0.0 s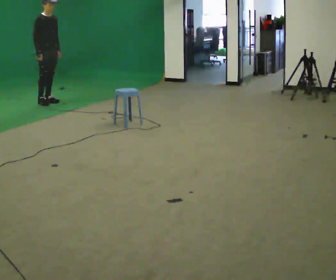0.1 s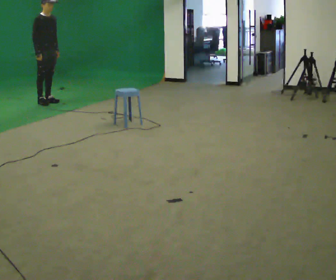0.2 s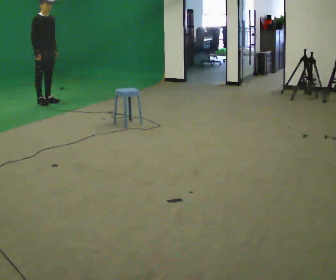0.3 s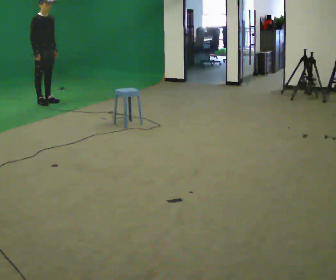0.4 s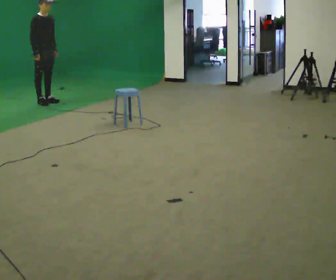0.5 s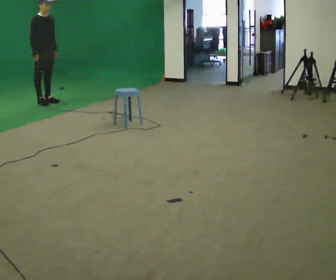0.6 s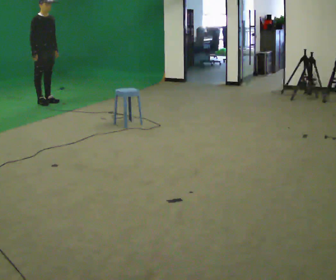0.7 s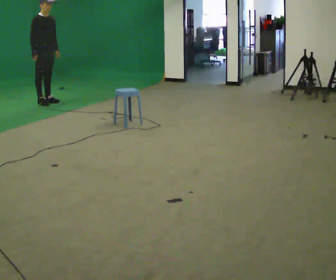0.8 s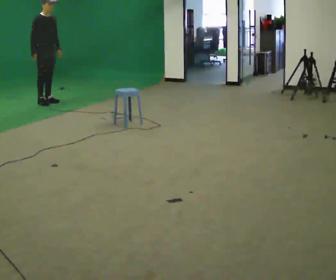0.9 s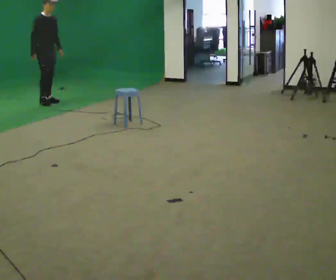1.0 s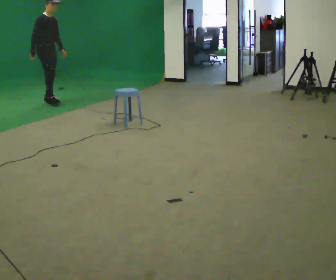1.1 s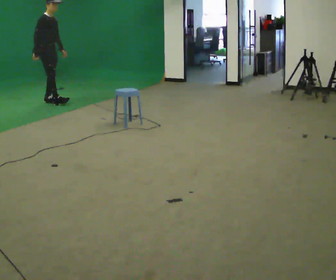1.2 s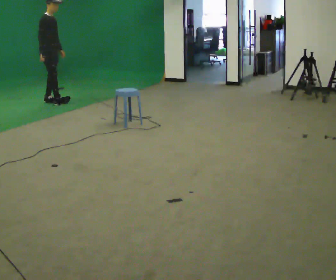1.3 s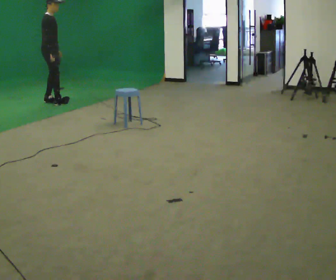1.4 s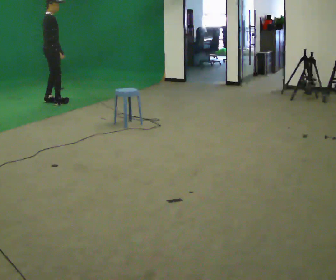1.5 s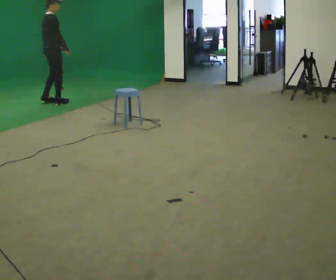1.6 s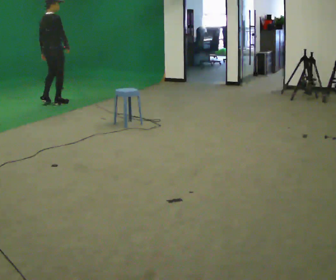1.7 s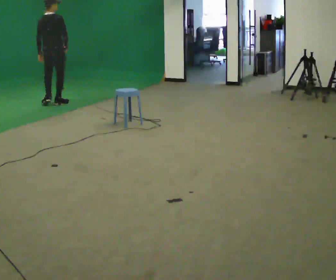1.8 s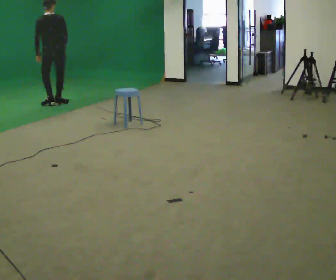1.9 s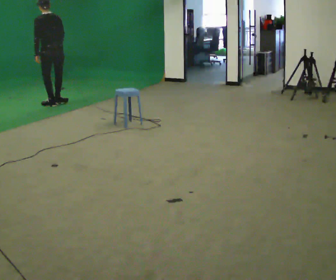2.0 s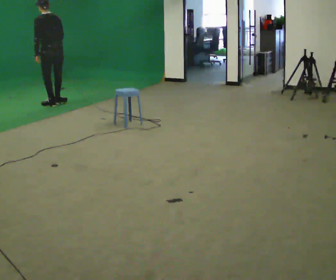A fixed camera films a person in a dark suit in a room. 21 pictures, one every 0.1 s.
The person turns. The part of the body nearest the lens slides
to the right.
The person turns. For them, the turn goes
to their left.
0.0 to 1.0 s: The person moves a little, or ends about where they began.
1.0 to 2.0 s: The person turns about 135 degrees to their left, counterclockwise seen from above, so the part of the body nearest the lens slides to the right. In the picture they go toward the camera, about 0.25 m in 1 step. In the picture the upper body tilts counterclockwise, shoulders to the left. In the picture their right hand goes to the right, the arm swinging counterclockwise.
The film runs backward here.
